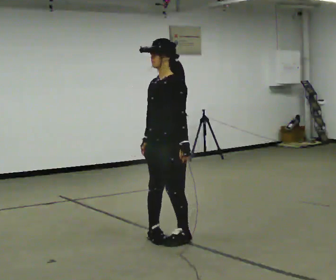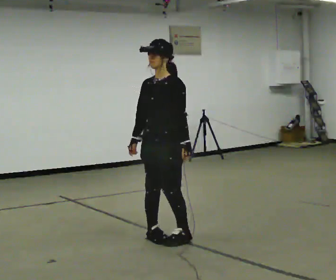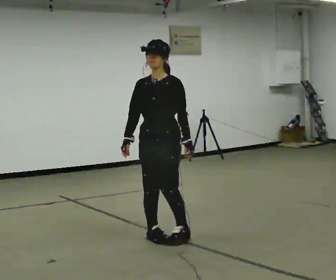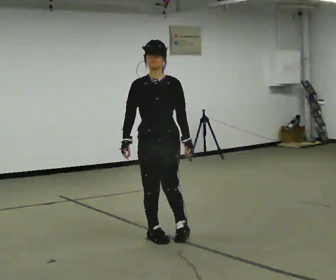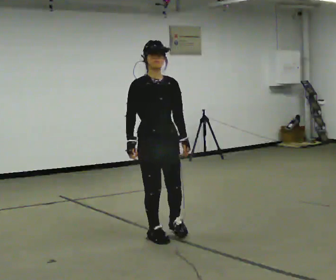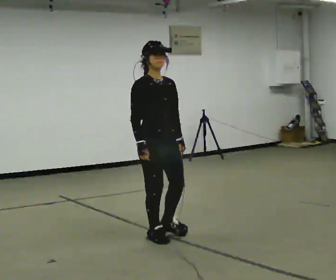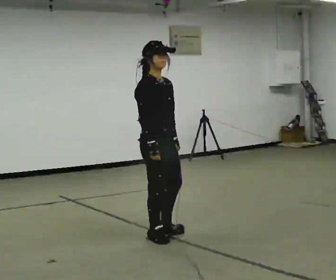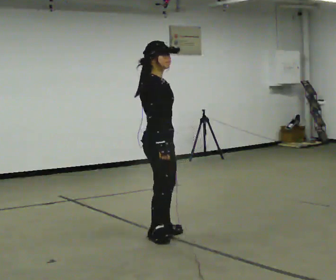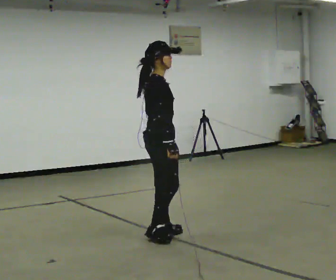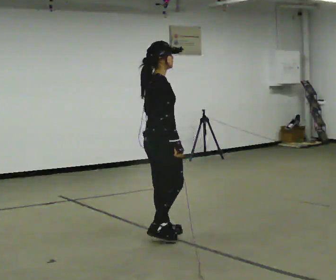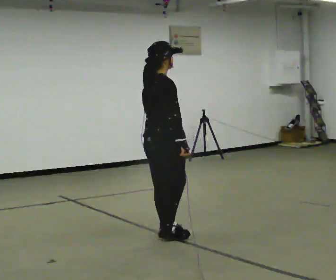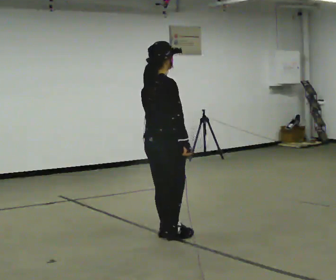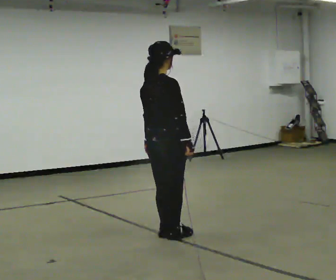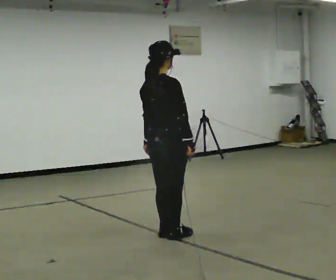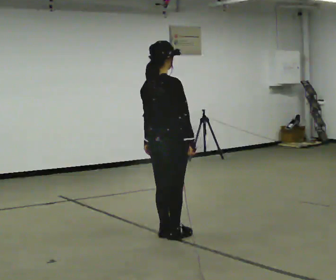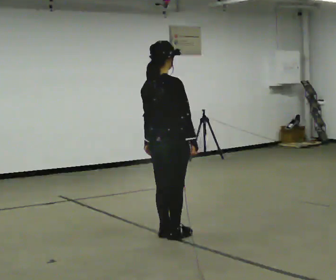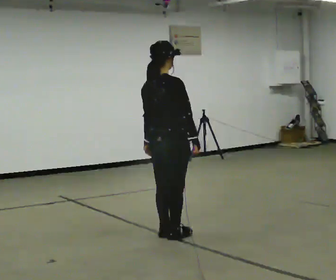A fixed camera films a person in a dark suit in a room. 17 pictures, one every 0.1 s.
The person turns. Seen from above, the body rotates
counterclockwise.
The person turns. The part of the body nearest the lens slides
to the right.
0.0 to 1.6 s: The person turns about 195 degrees to their left, counterclockwise seen from above, so the part of the body nearest the lens slides to the right. In the picture their right hand goes to the right.
The film runs backward here.
